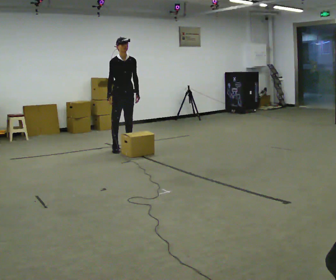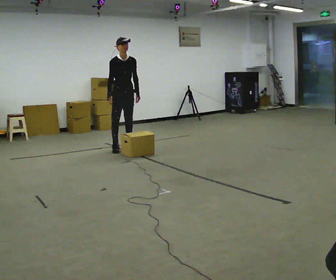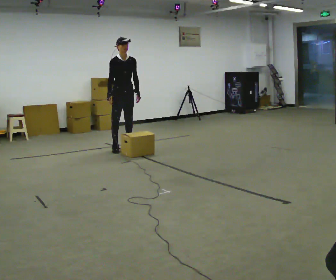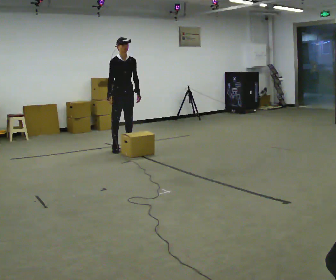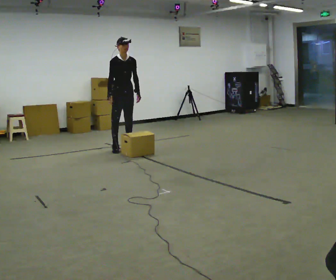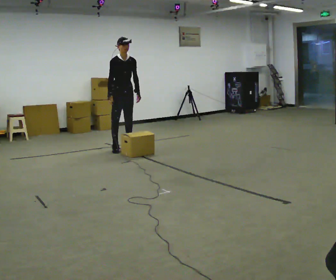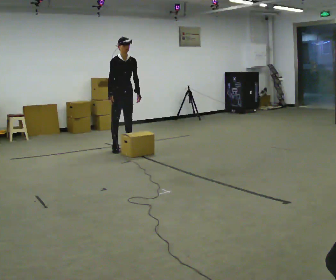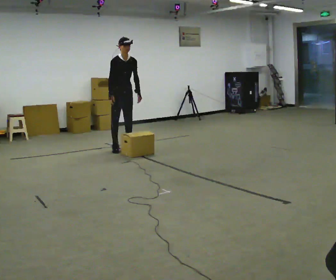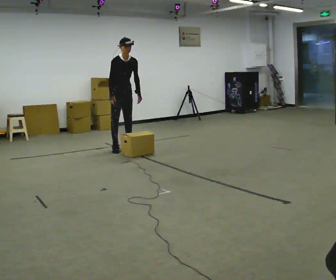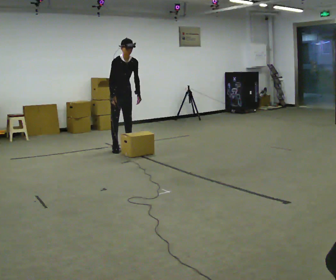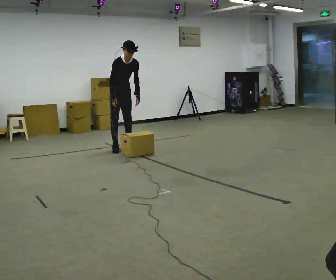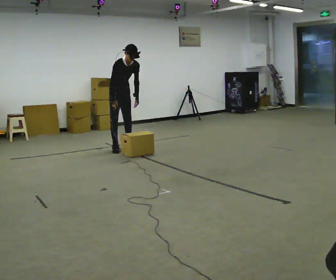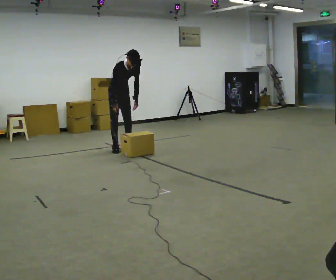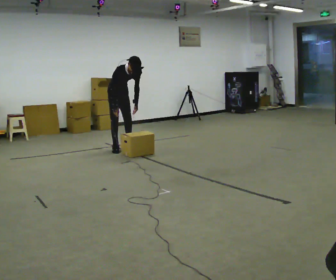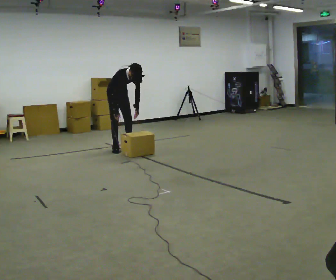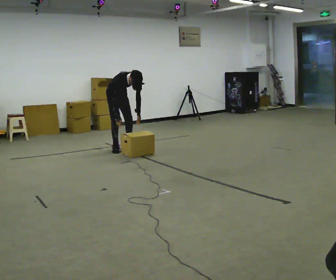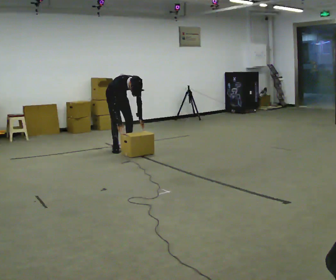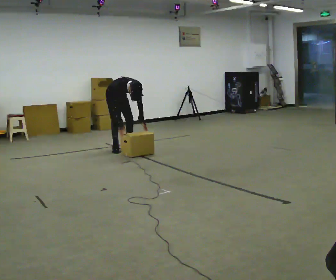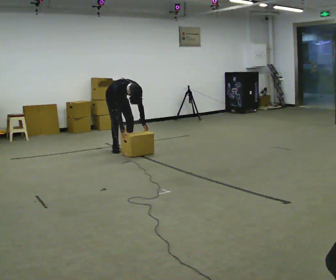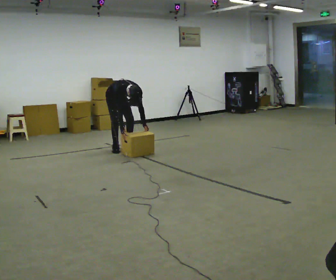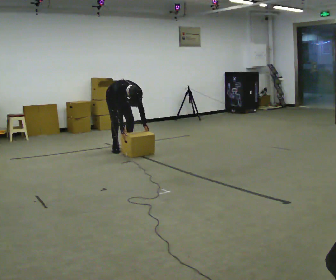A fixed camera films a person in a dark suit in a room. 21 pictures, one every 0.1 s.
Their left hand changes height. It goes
downward.
The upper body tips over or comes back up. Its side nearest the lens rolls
downward.
0.0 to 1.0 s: The upper body tips toward the camera, its near side rolling downward, as they bend forward.
1.0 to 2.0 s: The upper body goes downward. The upper body tips toward the camera, its near side rolling downward, as they bend forward. In the picture their right hand goes downward.
The film runs backward here.
